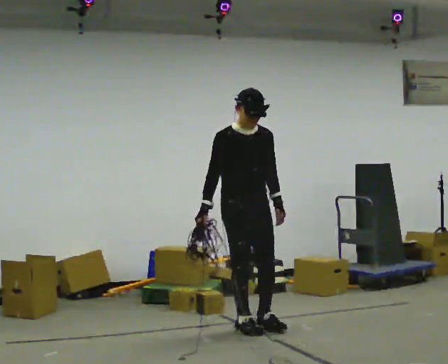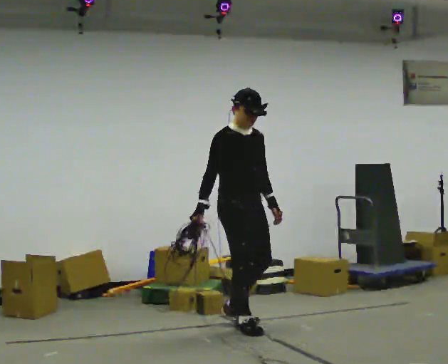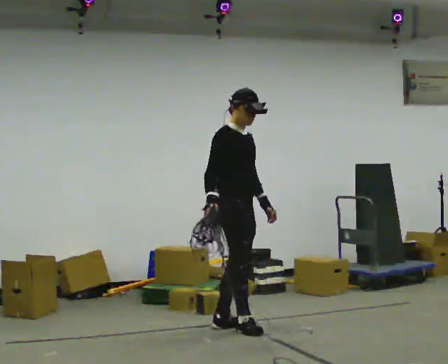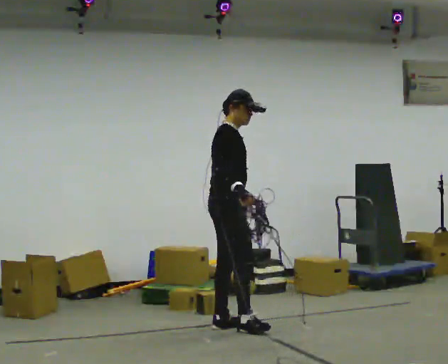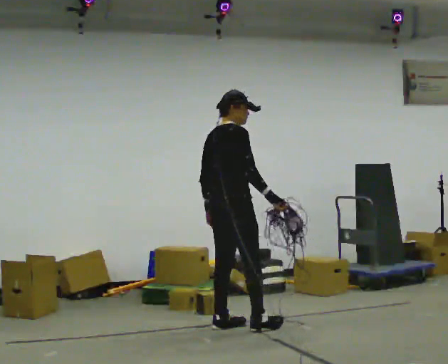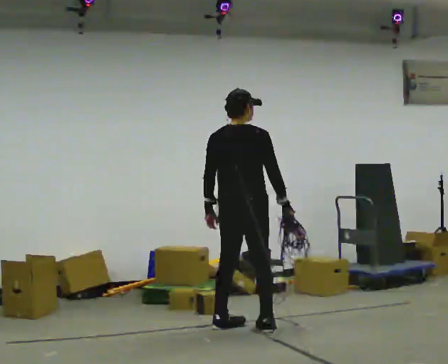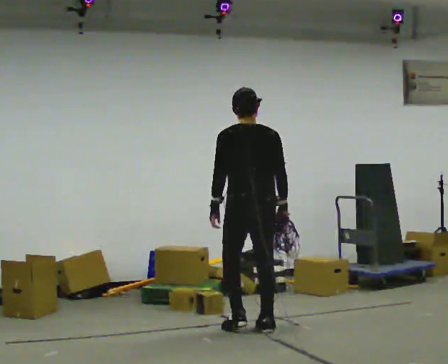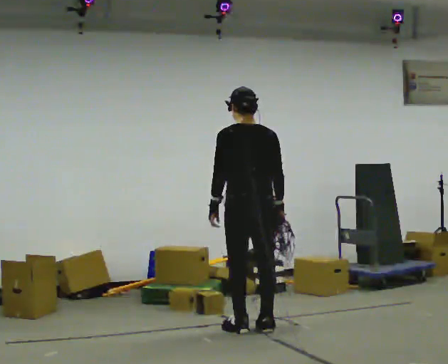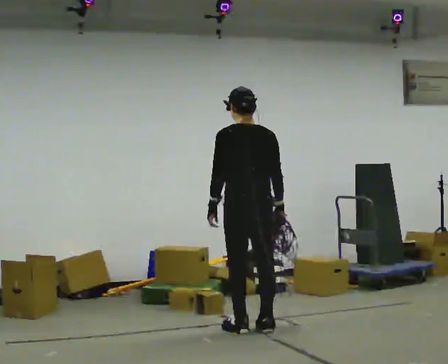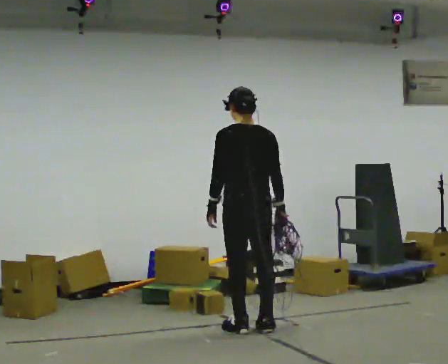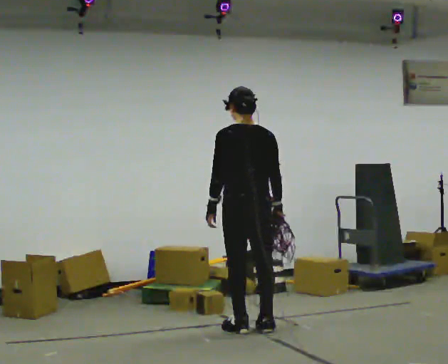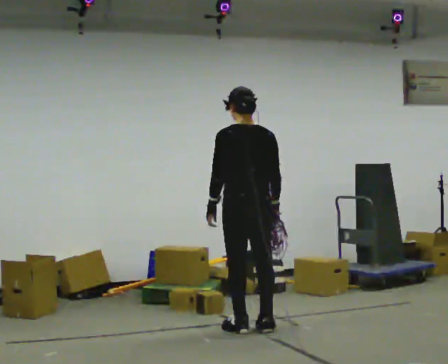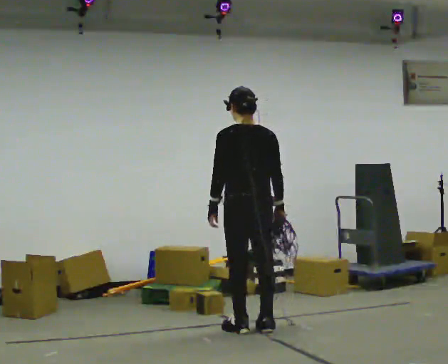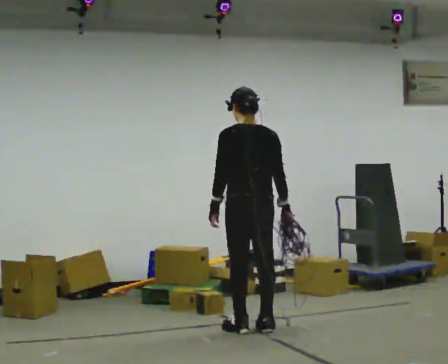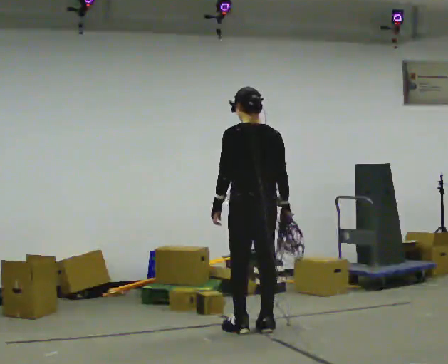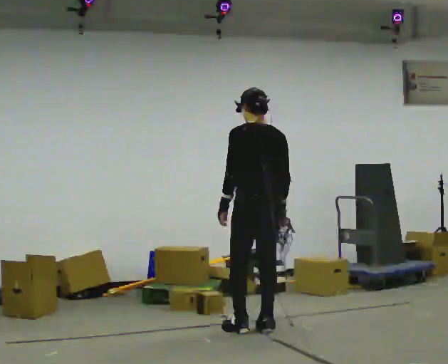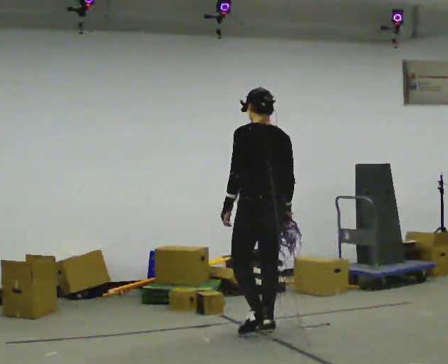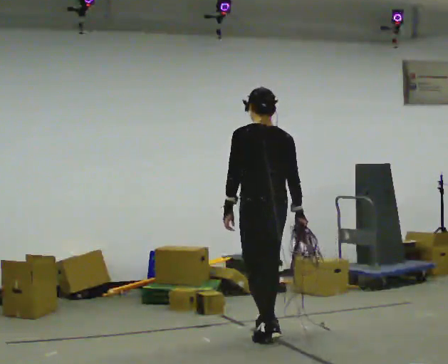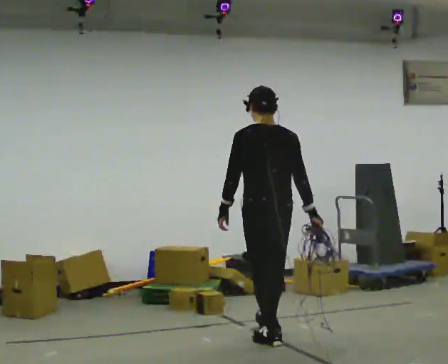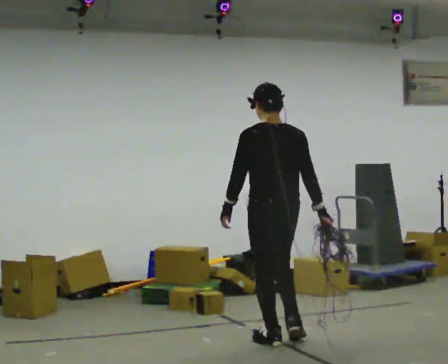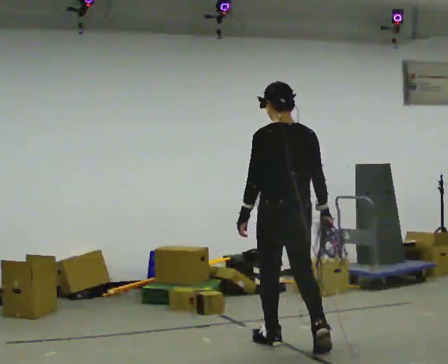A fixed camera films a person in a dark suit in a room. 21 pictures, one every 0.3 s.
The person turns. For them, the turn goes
to their left.
The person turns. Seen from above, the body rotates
counterclockwise.
0.0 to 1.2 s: The part of the body nearest the lens slides to the right as the person turns to their left by about 105 degrees. In the picture their right hand goes to the right, the arm swinging counterclockwise.
1.2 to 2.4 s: The part of the body nearest the lens slides to the right as the person turns to their left by about 75 degrees. In the picture they go to the right, about 0.25 m in 1 step.
2.4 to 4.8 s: The person moves a little, or ends about where they began.
4.8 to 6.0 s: In the picture they go toward the camera, about 0.5 m in 1 step, which for them is backward.
The film runs backward here.
